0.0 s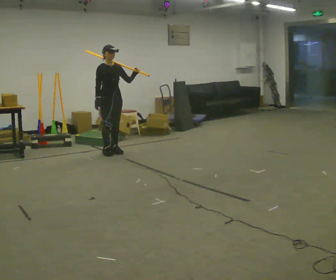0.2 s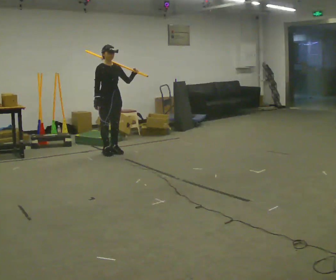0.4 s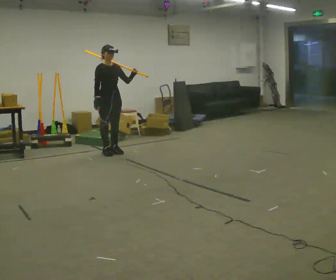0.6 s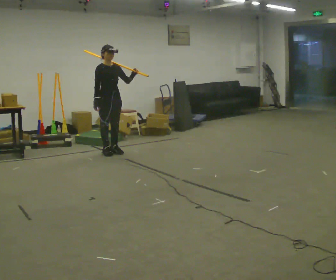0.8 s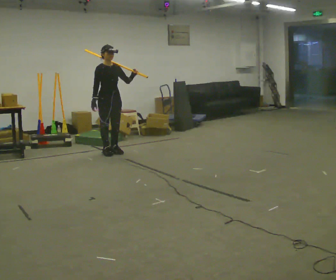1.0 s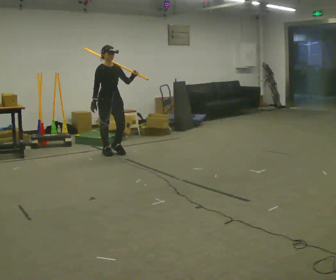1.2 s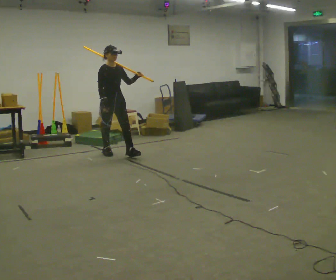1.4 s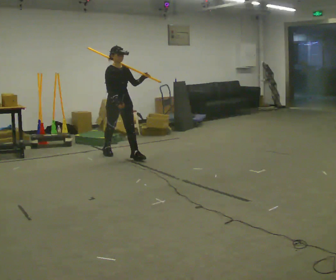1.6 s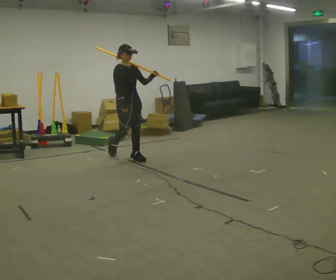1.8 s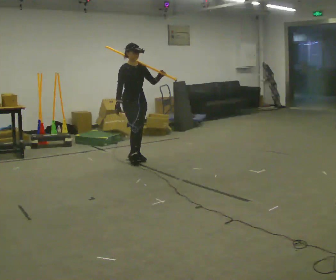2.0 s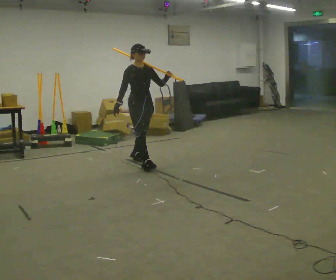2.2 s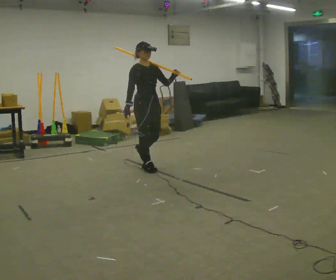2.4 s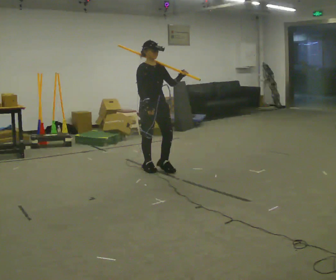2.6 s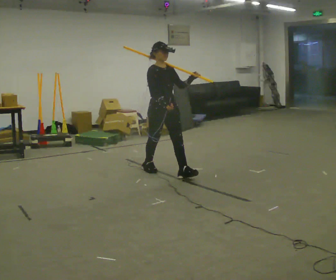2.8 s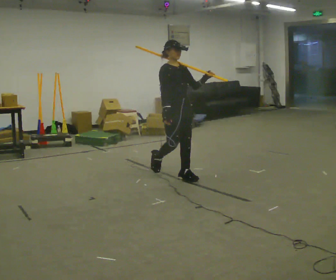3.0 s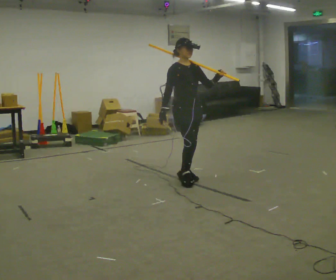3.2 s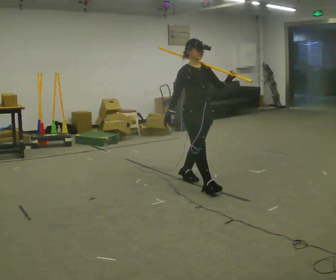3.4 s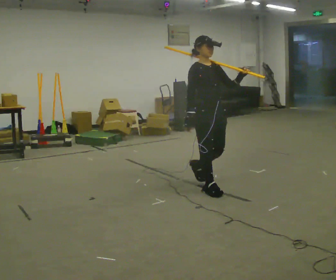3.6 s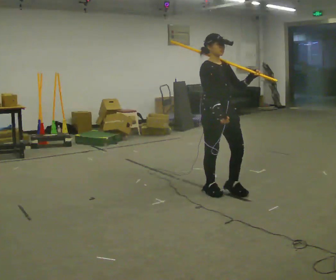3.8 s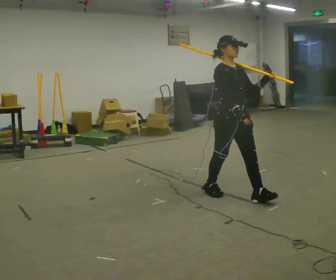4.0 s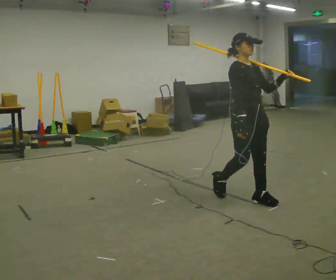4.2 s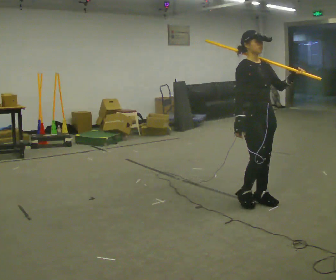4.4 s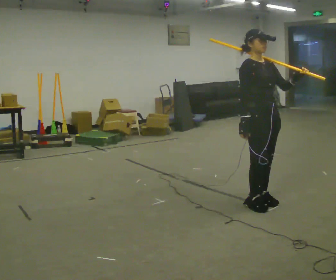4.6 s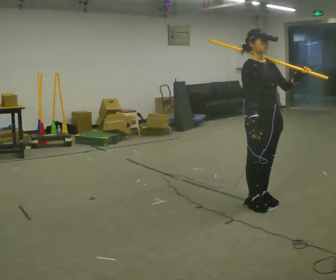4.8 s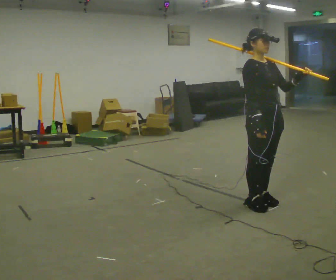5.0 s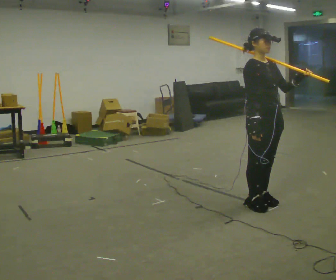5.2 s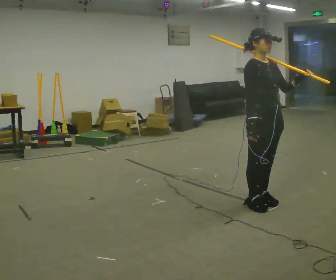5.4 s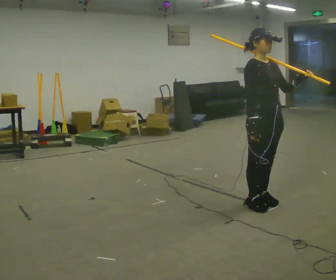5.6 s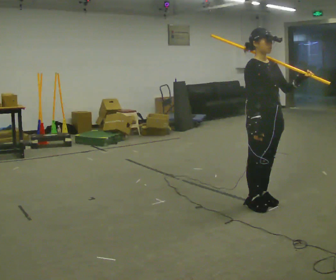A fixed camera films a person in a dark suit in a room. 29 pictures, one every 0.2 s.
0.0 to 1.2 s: The person moves a little, or ends about where they began.
1.2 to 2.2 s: In the picture they go toward the camera and to the right, about 1 m in 2 steps, which for them is forward.
2.2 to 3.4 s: In the picture they go toward the camera and to the right, about 1 m in 2 steps, which for them is forward.
3.4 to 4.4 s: In the picture they go toward the camera and to the right, about 0.75 m in 2 steps, which for them is forward.
4.4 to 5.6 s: The person moves a little, or ends about where they began.
The film runs forward here.
